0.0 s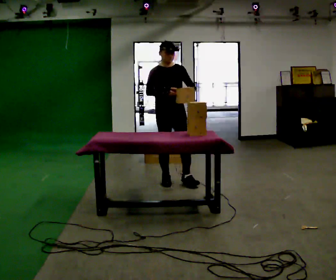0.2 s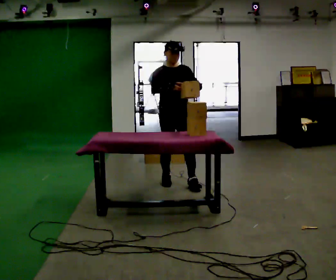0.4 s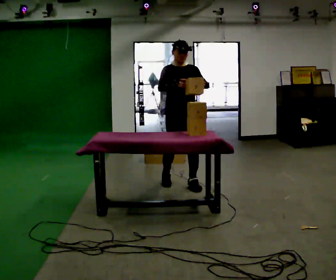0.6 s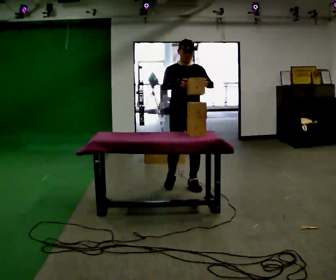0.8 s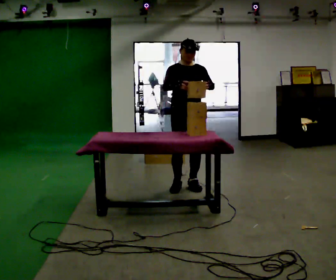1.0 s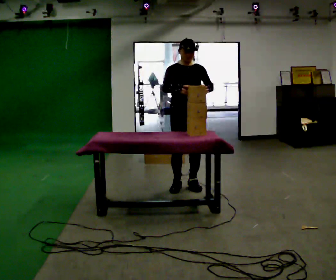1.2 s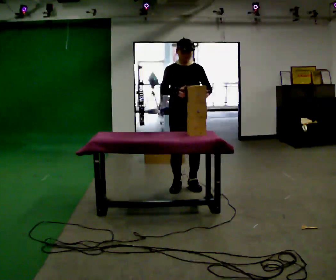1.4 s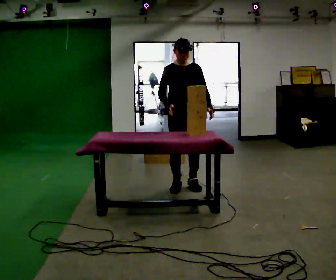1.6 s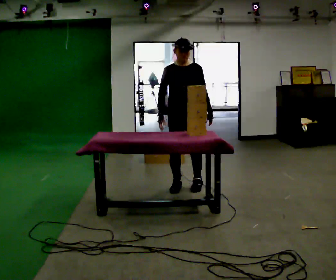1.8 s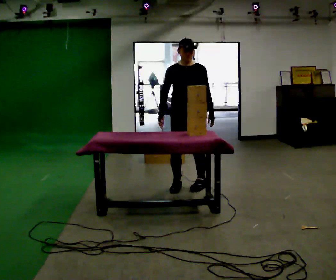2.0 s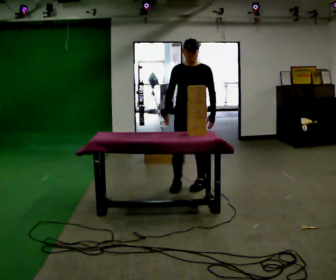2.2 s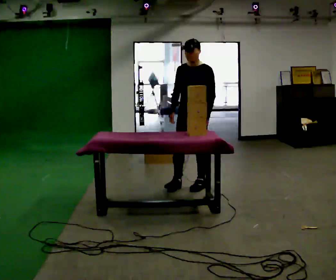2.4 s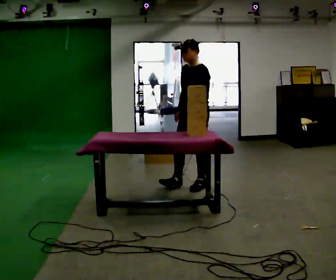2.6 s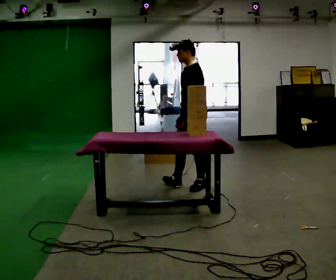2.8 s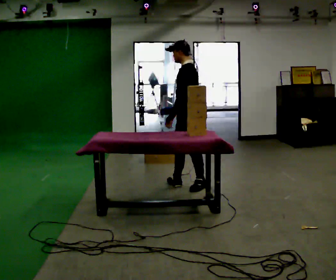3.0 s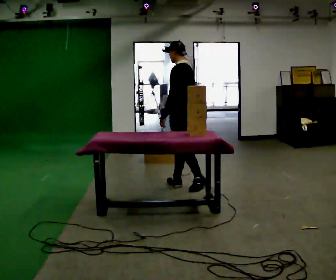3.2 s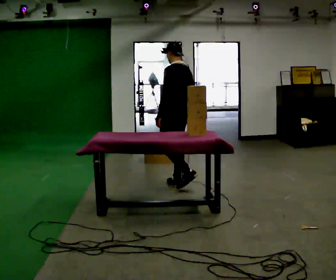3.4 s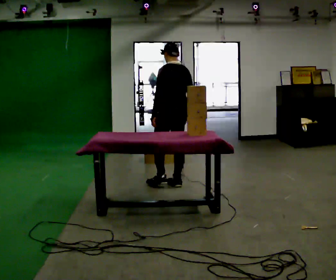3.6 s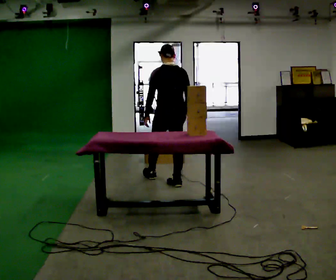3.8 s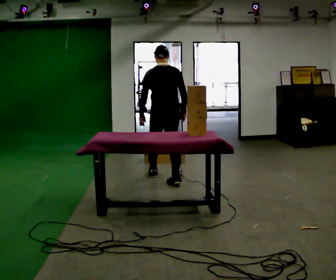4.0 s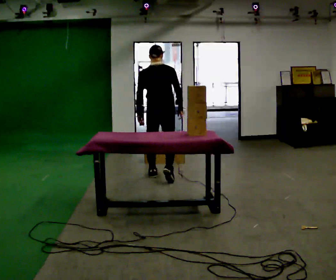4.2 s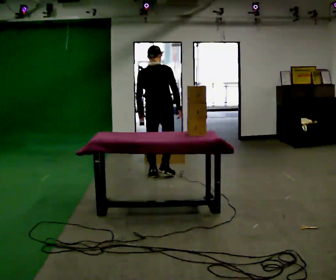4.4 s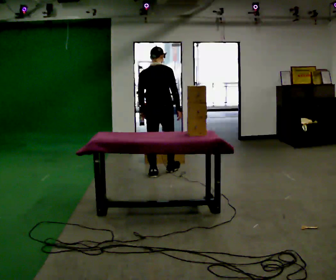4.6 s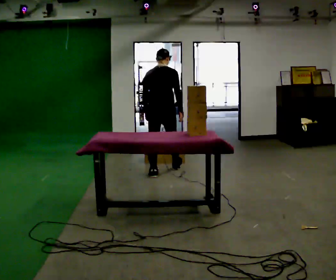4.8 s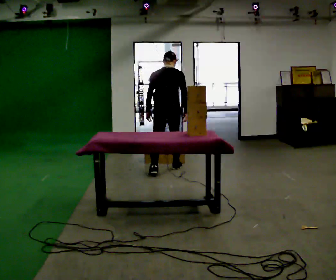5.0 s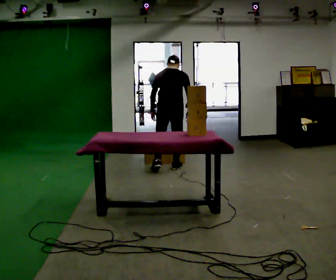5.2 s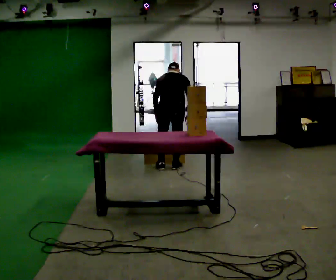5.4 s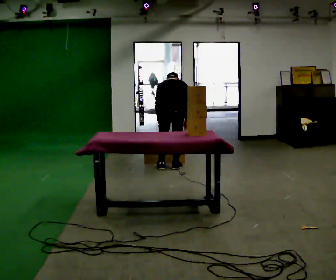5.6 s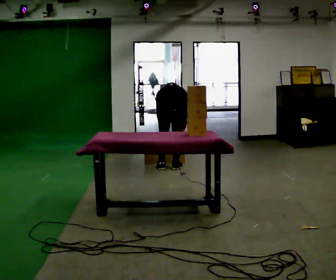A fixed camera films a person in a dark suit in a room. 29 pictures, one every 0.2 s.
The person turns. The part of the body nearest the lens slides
to the left.
The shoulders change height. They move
downward.
0.0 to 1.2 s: In the picture they go toward the camera and to the right, about 0.25 m in 2 steps, which for them is forward and to their left.
1.2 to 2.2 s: The part of the body nearest the lens slides to the left as the person turns to their right by about 45 degrees.
2.2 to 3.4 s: The part of the body nearest the lens slides to the left as the person turns to their right by about 105 degrees. In the picture they go to the left, about 0.25 m.
3.4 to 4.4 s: The part of the body nearest the lens slides to the left as the person turns to their right by about 45 degrees. In the picture they go away from the camera and to the left, about 0.5 m in 1 step, which for them is forward and to their left.
4.4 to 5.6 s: In the picture they go away from the camera and to the right, about 0.25 m in 2 steps, which for them is forward and to their right. The upper body goes downward. The upper body tips away from the camera, its near side rolling upward, as they bend forward. In the picture their right hand goes downward.
The film runs forward here.
